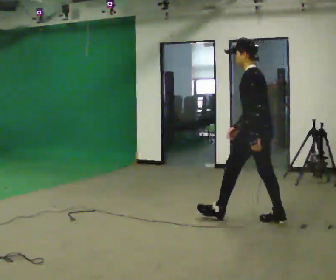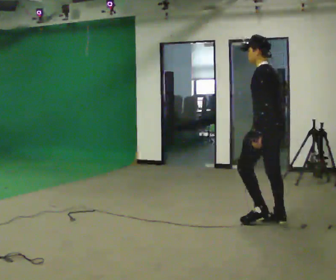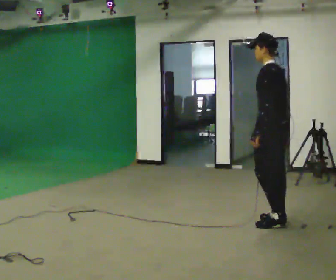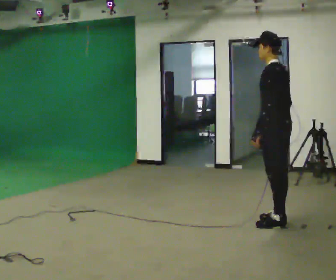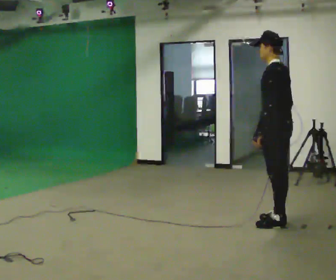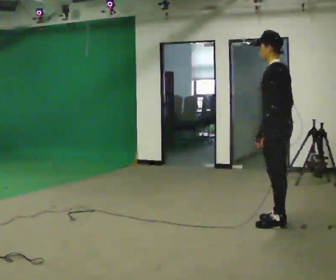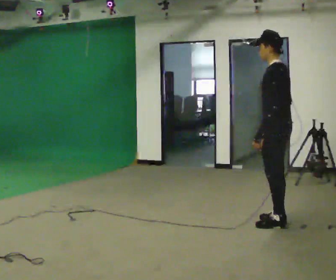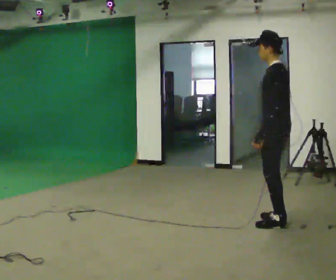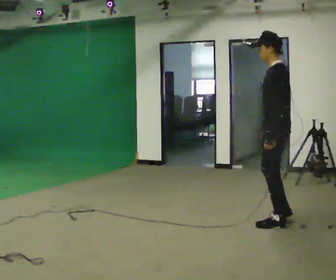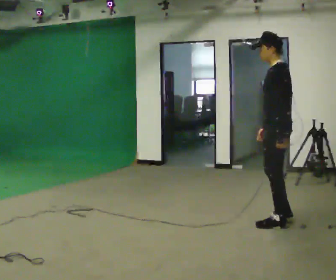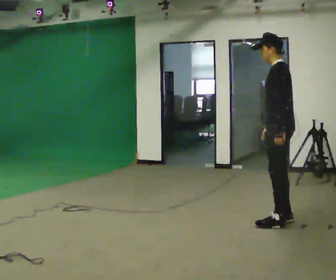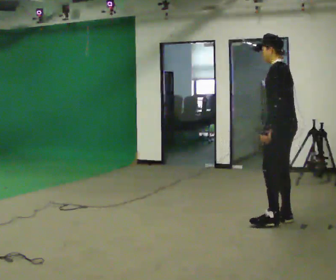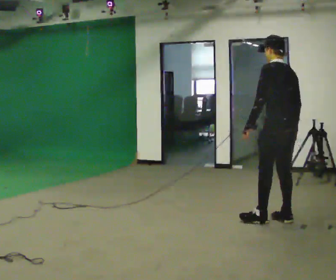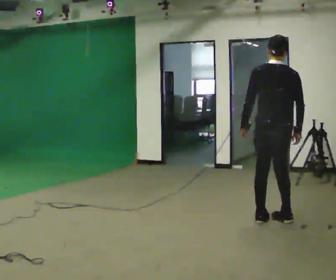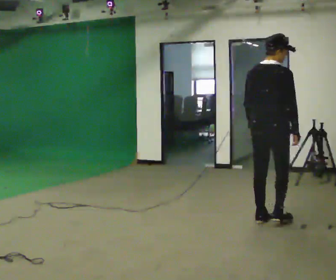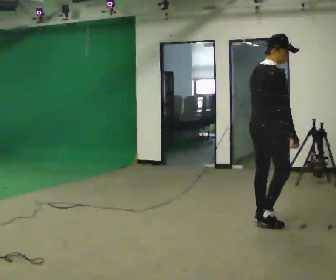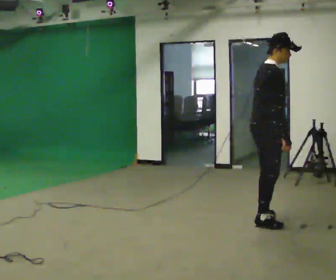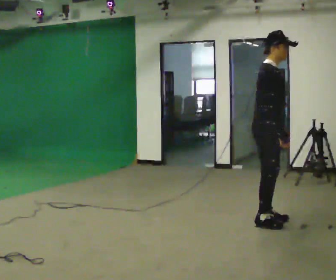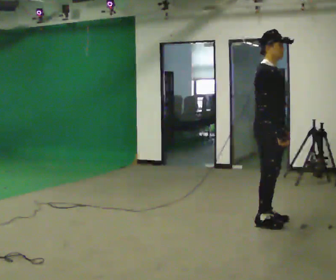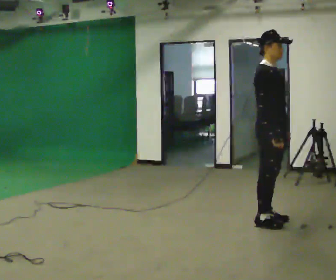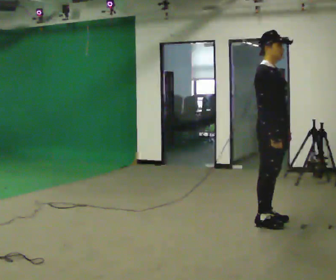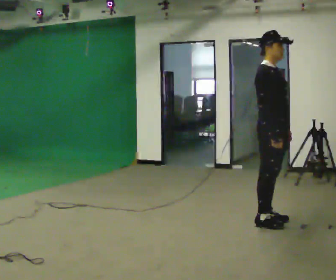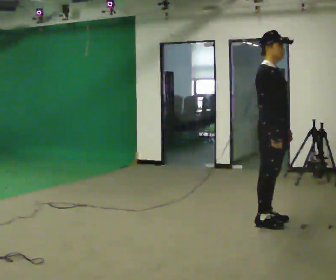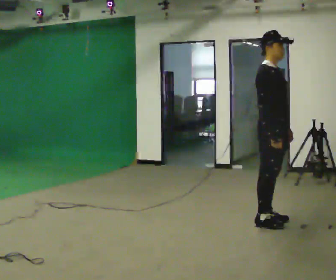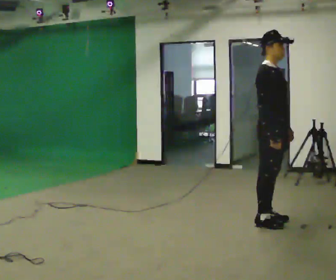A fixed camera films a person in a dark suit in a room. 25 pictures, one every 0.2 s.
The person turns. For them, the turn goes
to their right.
The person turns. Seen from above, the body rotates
clockwise.
0.0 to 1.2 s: In the picture they go to the right, about 0.25 m, which for them is backward. In the picture their right hand goes to the right.
1.2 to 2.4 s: The part of the body nearest the lens slides to the left as the person turns to their right by about 30 degrees.
2.4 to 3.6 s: The part of the body nearest the lens slides to the left as the person turns to their right by about 150 degrees. In the picture they go to the left, about 0.25 m in 1 step.
3.6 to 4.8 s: The person moves a little, or ends about where they began.
The film runs backward here.
